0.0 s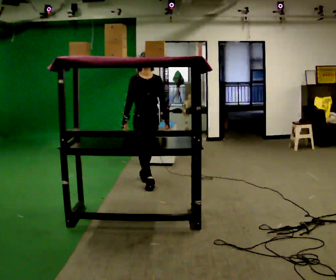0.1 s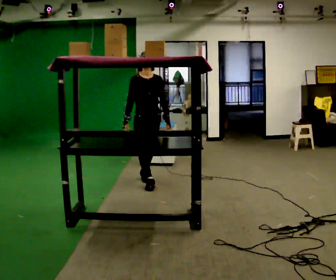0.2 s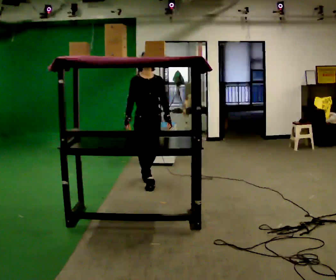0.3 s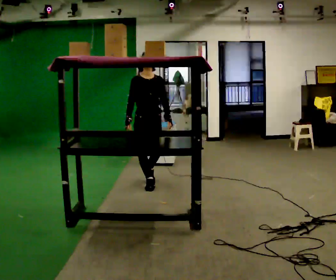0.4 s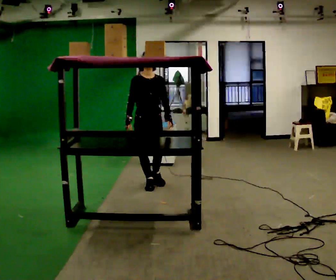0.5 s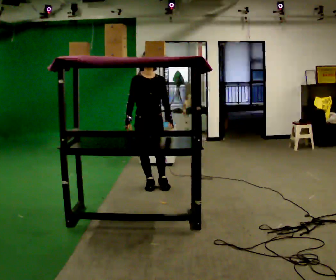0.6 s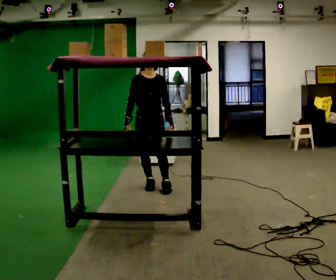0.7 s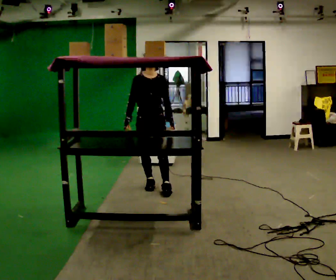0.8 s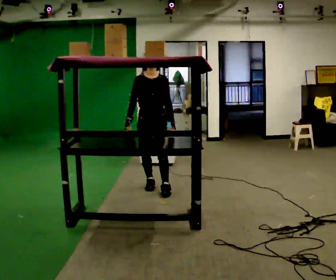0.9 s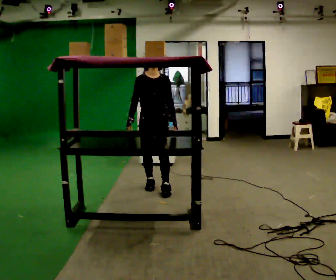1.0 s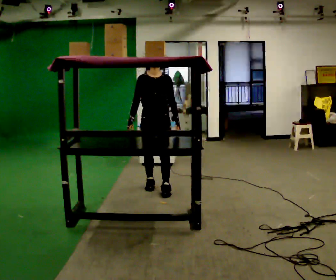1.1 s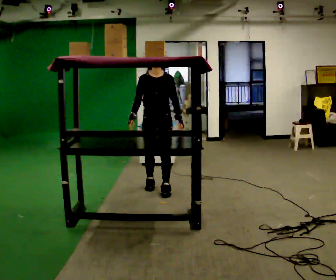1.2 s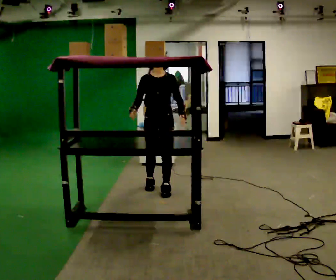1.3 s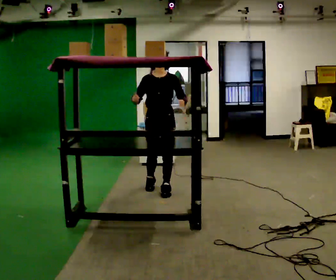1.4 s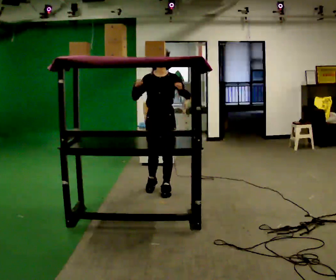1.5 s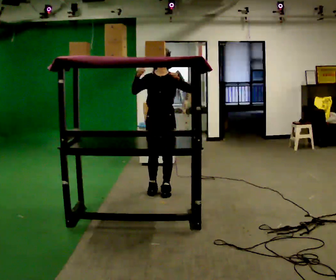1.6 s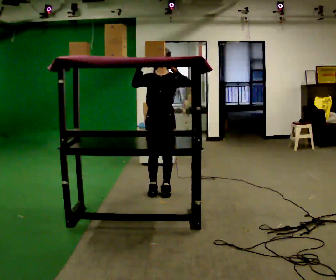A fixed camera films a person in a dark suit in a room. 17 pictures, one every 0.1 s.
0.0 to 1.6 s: Seen from above the body turns clockwise, about 30 degrees: to their right, with its near side sliding to the left. In the picture they go toward the camera and to the right, about 0.5 m in 2 steps, which for them is forward and to their left. In the picture their left hand goes upward.
The film runs forward here.
